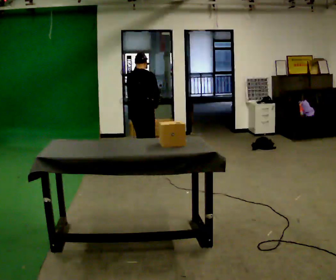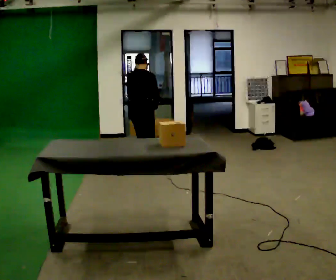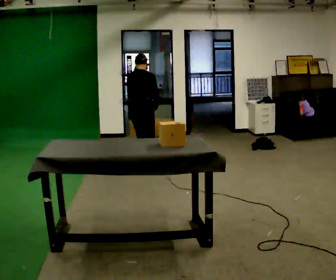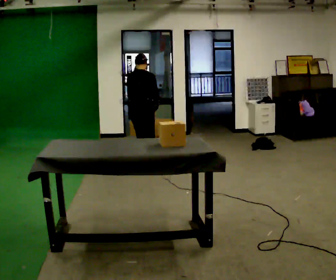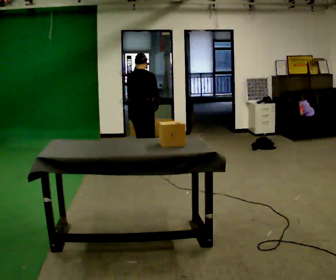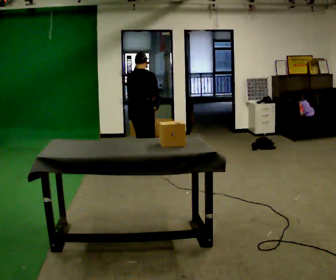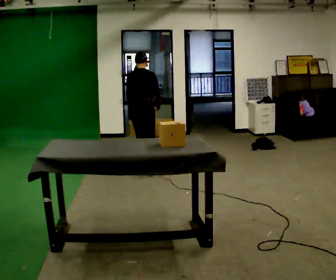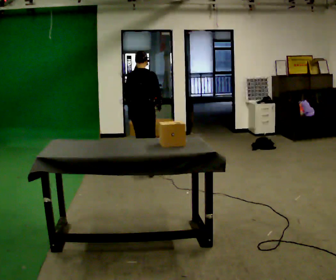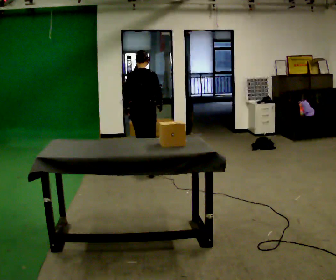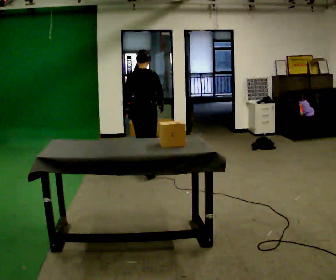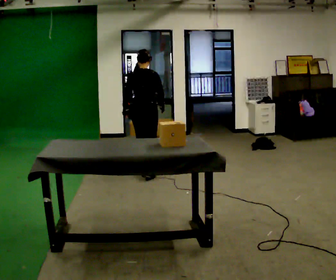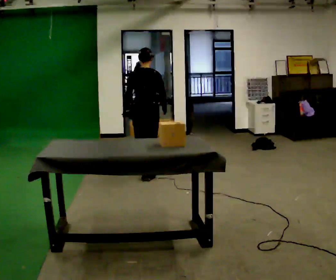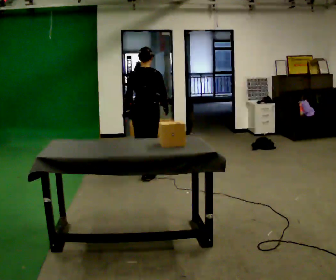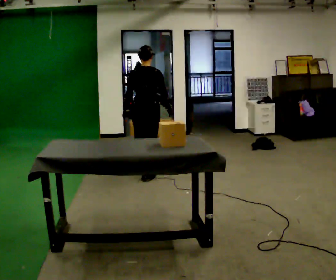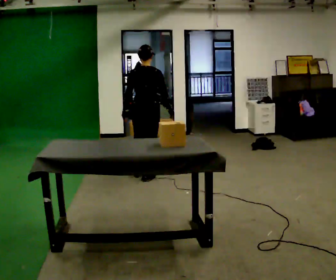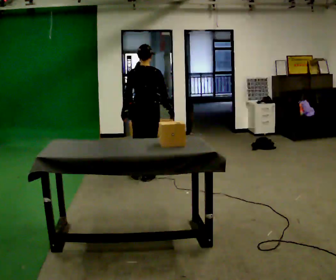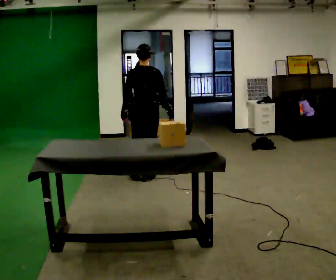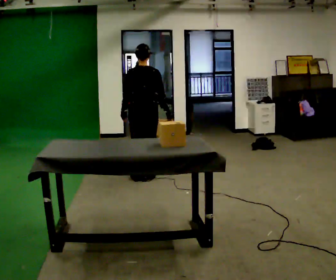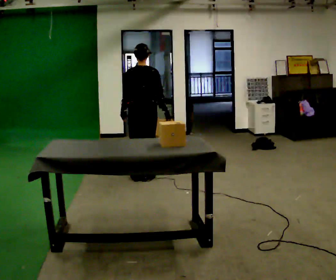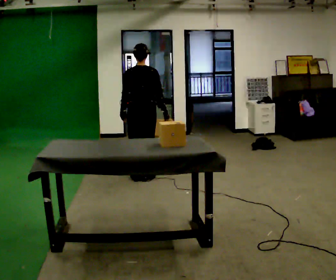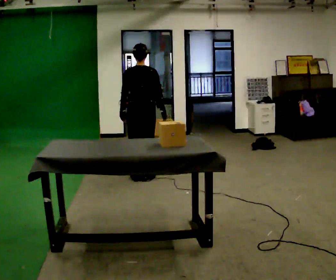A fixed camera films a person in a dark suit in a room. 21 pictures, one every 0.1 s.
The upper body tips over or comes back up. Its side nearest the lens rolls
downward.
0.0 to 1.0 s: In the picture they go toward the camera, about 0.25 m in 1 step, which for them is backward and to their right. The upper body tips toward the camera, its near side rolling downward, as they lean back or straighten.
1.0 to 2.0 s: In the picture they go toward the camera, about 0.25 m in 1 step, which for them is backward.
The film runs forward here.
